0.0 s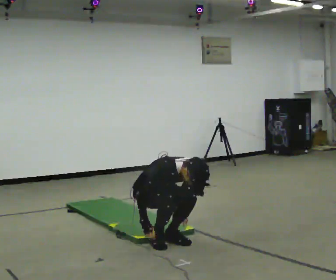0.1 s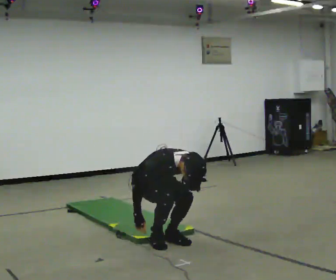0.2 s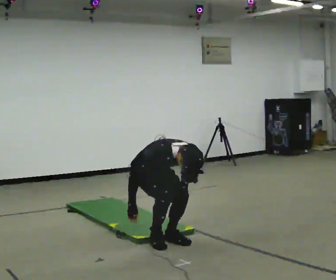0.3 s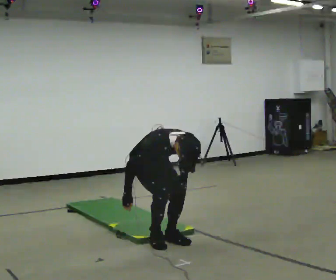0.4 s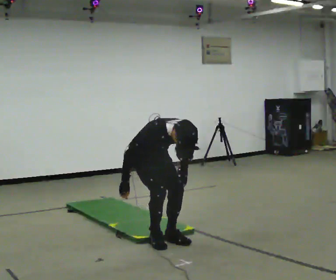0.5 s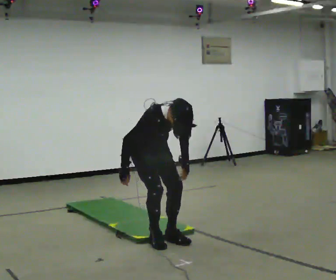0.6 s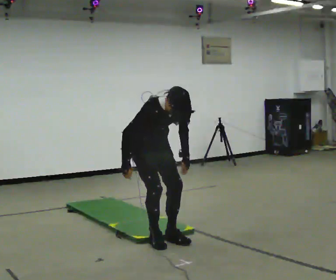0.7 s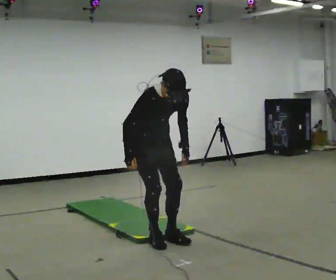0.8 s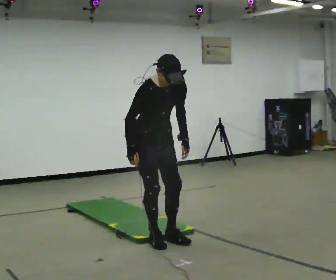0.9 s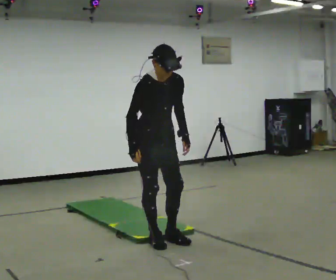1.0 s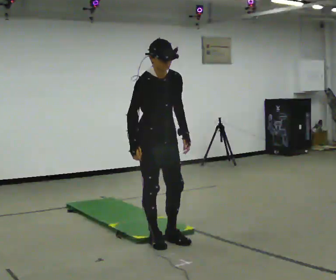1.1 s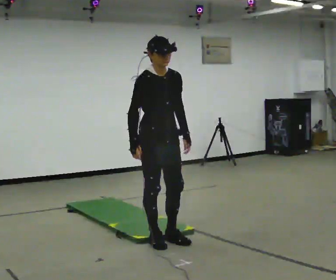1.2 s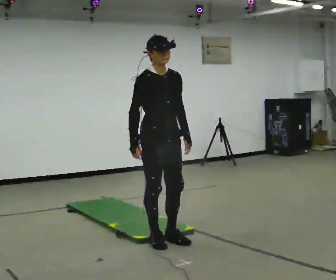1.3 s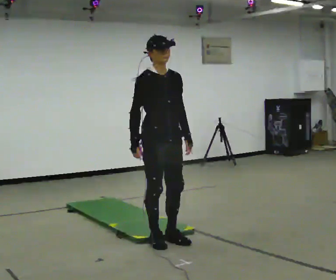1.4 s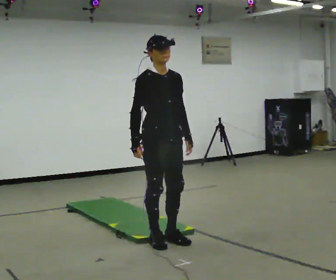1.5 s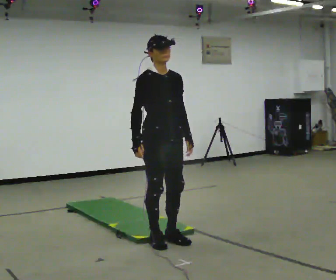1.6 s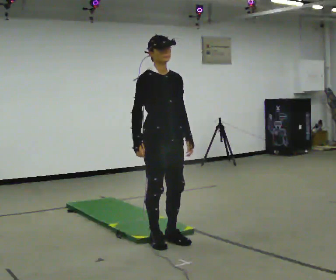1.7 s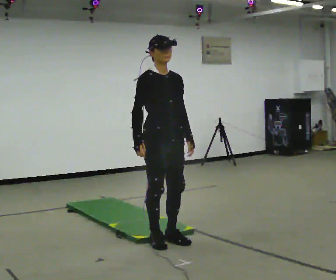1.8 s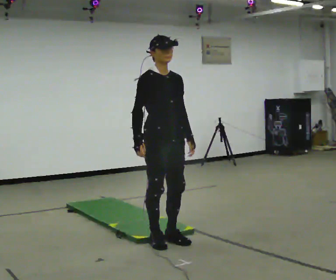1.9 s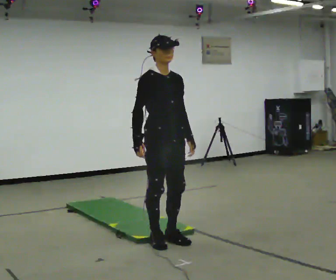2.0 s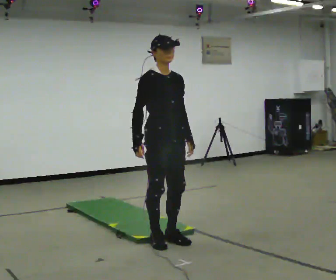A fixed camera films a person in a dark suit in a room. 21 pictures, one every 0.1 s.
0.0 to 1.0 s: The upper body goes upward. In the picture the upper body tilts counterclockwise, shoulders to the left, as they lean back or straighten. In the picture their right hand goes upward.
1.0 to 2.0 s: The upper body tips away from the camera, its near side rolling upward, as they lean back or straighten.
The film runs backward here.
